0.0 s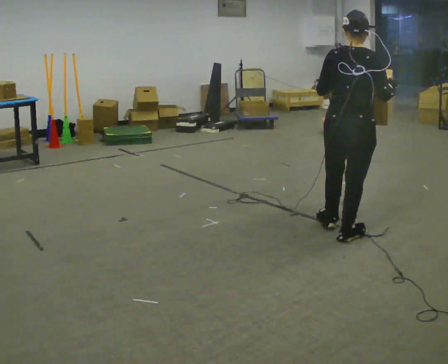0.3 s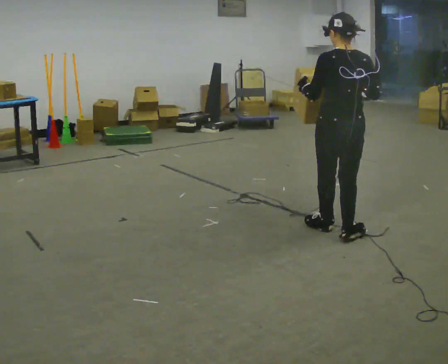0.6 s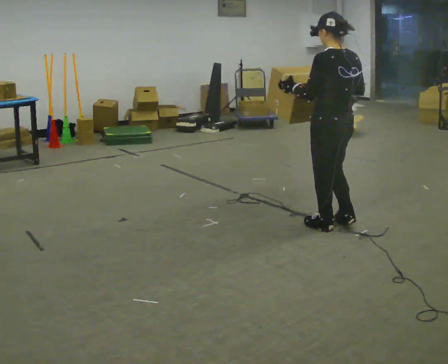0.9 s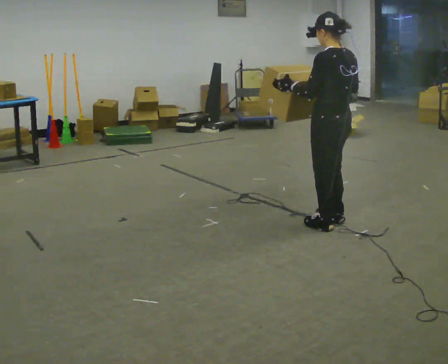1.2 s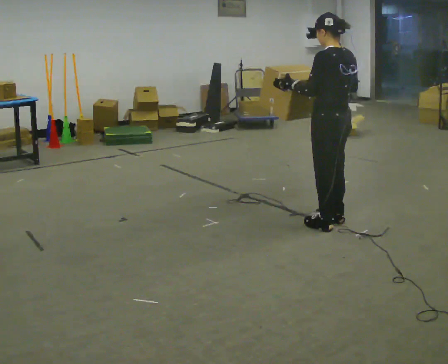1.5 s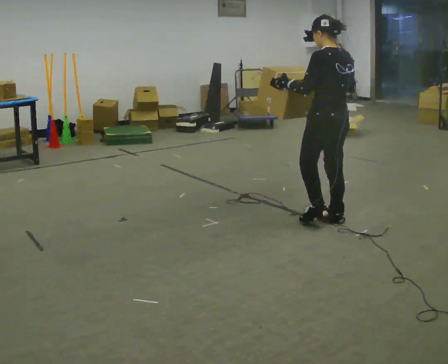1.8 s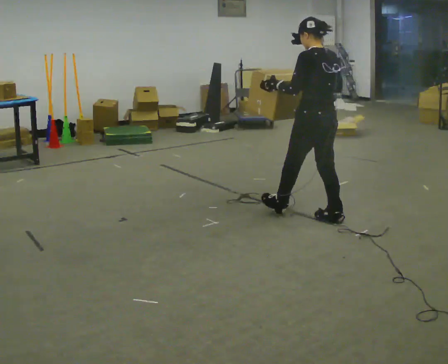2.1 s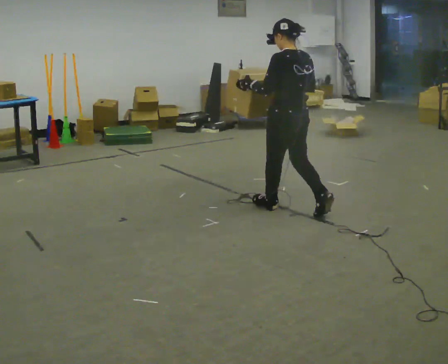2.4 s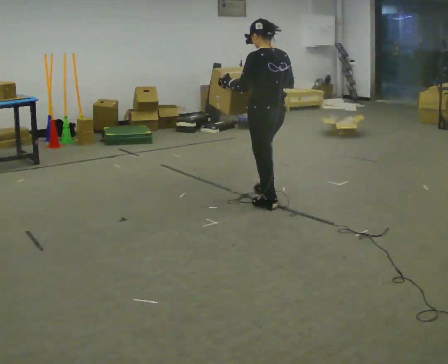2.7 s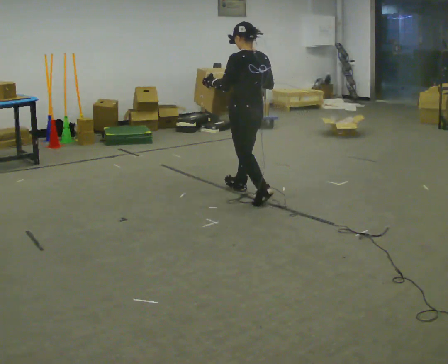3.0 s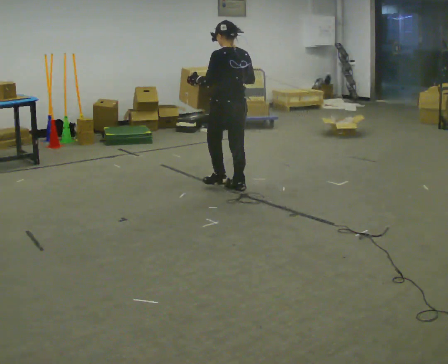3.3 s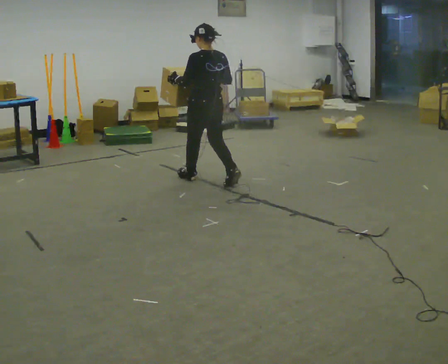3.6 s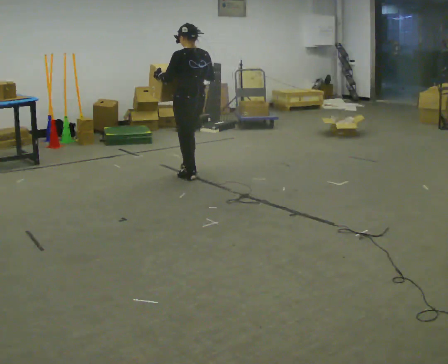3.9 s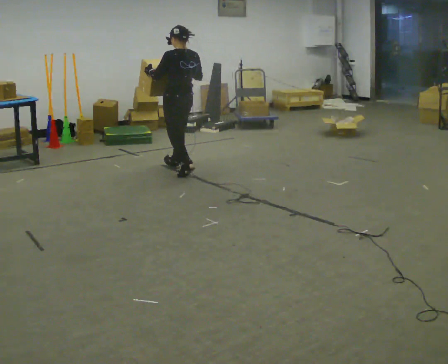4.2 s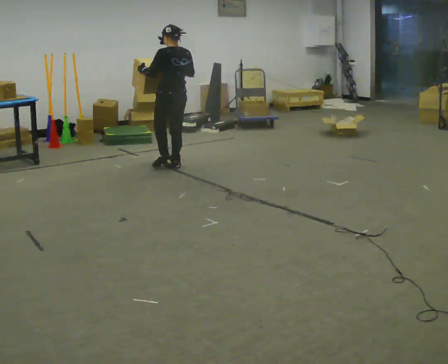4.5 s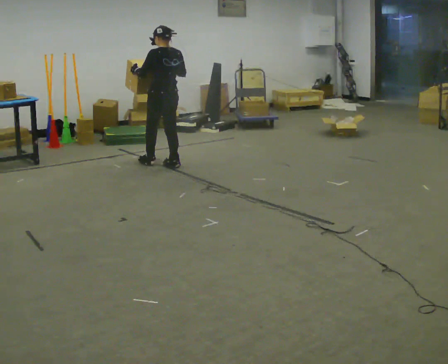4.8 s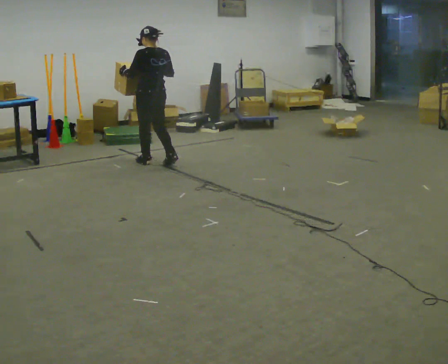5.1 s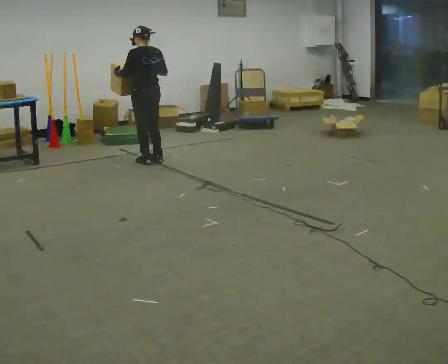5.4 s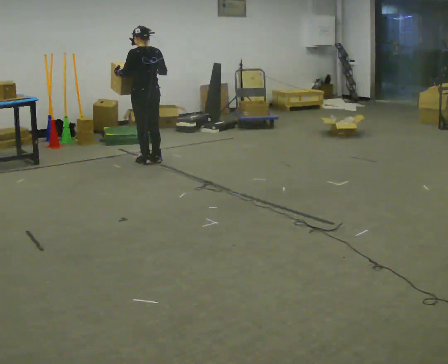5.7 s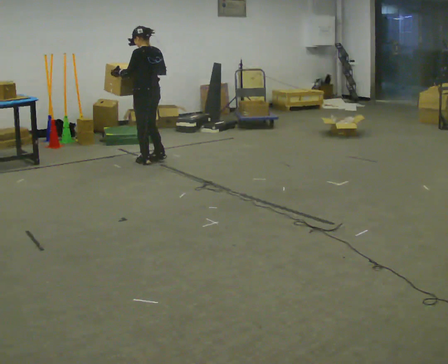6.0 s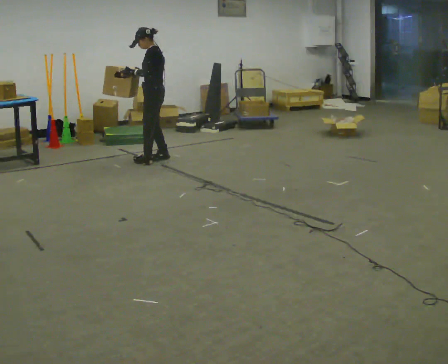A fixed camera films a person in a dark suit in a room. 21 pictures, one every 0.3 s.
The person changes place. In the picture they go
away from the camera.
0.0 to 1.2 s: The part of the body nearest the lens slides to the right as the person turns to their left by about 75 degrees. In the picture they go away from the camera, about 0.25 m in 1 step.
1.2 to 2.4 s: In the picture they go away from the camera and to the left, about 0.75 m in 1 step, which for them is forward.
2.4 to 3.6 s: In the picture they go away from the camera and to the left, about 1 m in 2 steps, which for them is forward.
3.6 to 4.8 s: In the picture they go away from the camera and to the left, about 0.75 m in 2 steps, which for them is forward.
4.8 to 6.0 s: Seen from above the body turns counterclockwise, about 60 degrees: to their left, with its near side sliding to the right. In the picture they go away from the camera, about 0.25 m in 2 steps, which for them is forward and to their right.
The film runs forward here.
